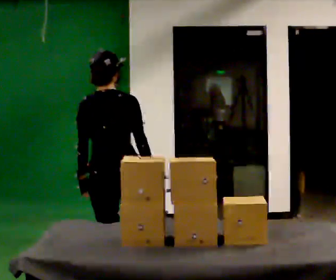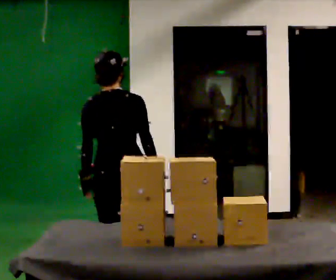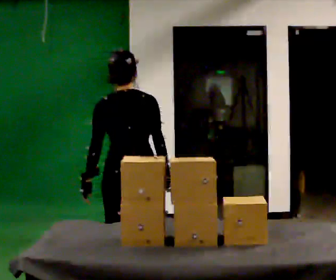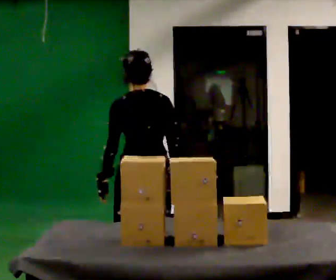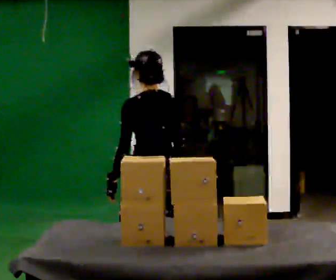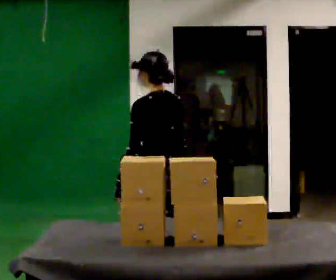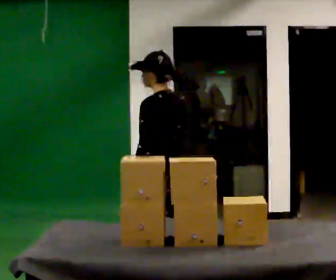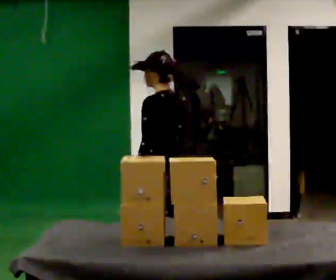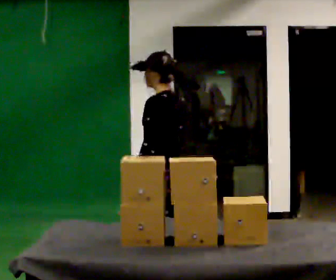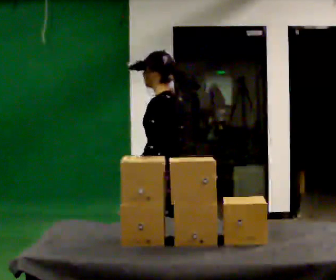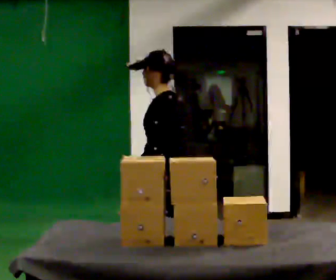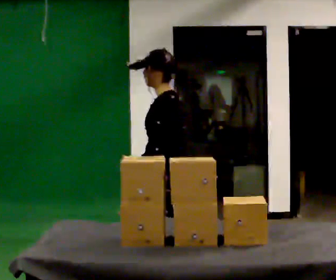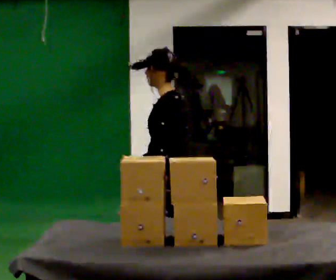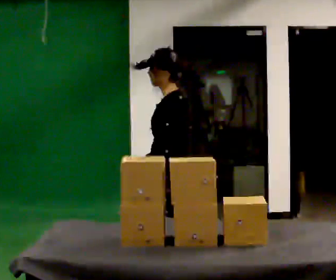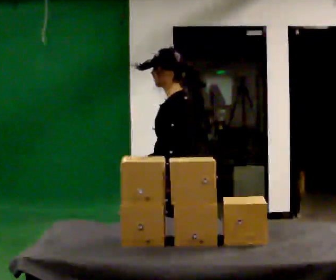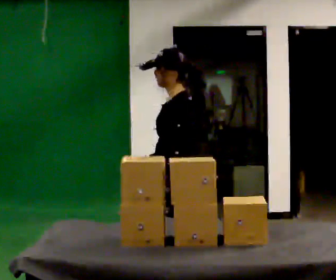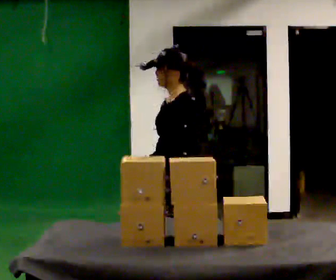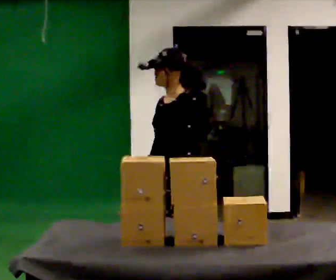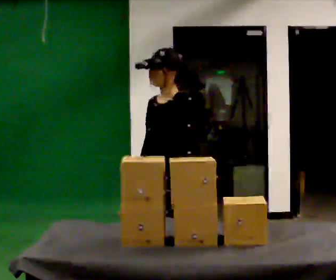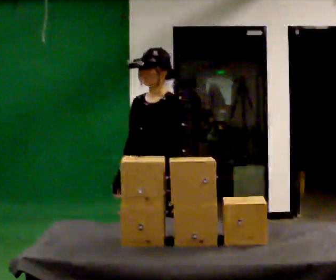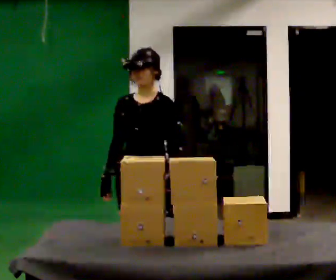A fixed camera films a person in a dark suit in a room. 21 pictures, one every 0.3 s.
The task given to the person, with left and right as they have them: 1. Take the objects out of the box on the table one at a time. 2. Put each one in the bin the operator has labelled for it. 3. Tell the operator when you are finished.
0.0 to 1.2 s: Seen from above the body turns counterclockwise, about 45 degrees: to their left, with its near side sliding to the right. In the picture they go to the right, about 0.25 m, which for them is to their right.
1.2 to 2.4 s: The part of the body nearest the lens slides to the right as the person turns to their left by about 30 degrees.
2.4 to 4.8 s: The person turns about 30 degrees to their left, counterclockwise seen from above, so the part of the body nearest the lens slides to the right. In the picture they go toward the camera, about 0.25 m in 1 step, which for them is to their left.
4.8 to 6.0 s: Seen from above the body turns counterclockwise, about 60 degrees: to their left, with its near side sliding to the right. In the picture they go to the left, about 0.25 m, which for them is to their right.
The film runs forward here.
